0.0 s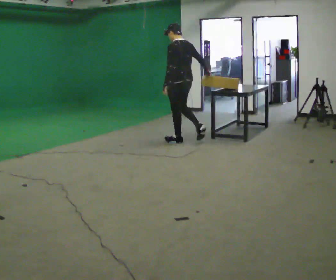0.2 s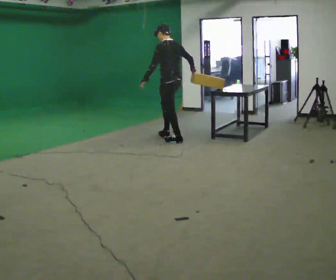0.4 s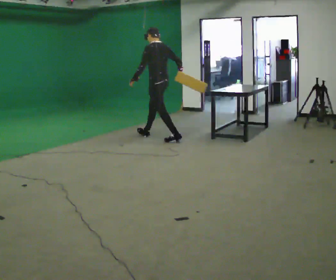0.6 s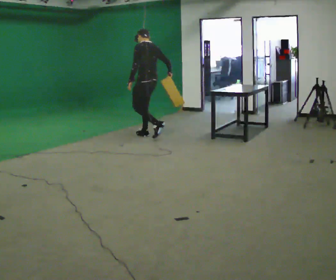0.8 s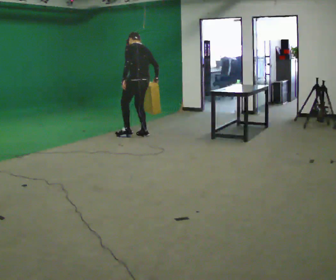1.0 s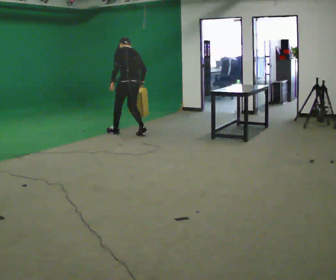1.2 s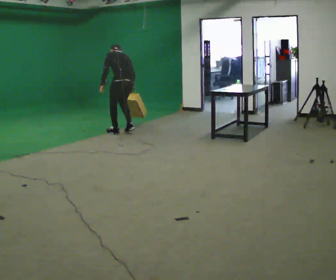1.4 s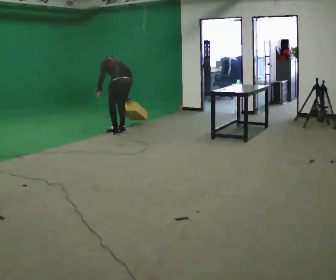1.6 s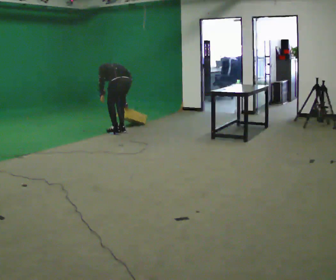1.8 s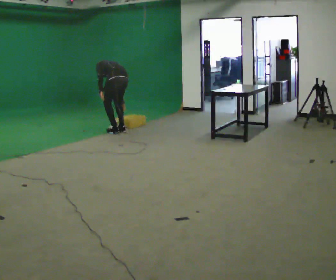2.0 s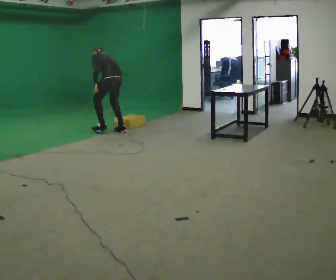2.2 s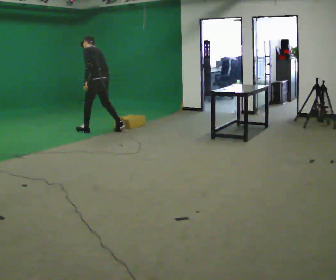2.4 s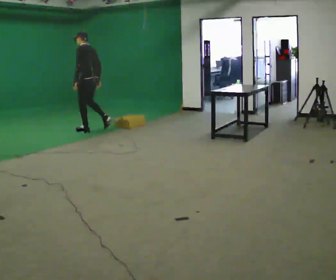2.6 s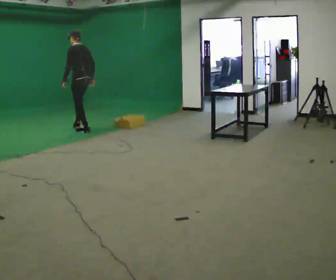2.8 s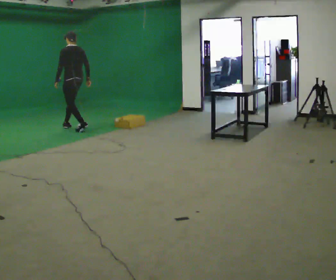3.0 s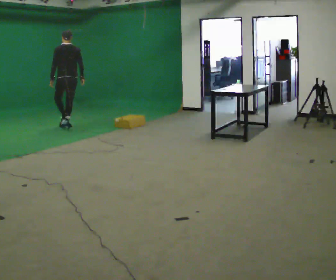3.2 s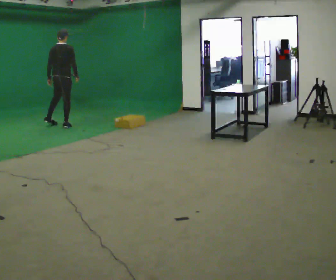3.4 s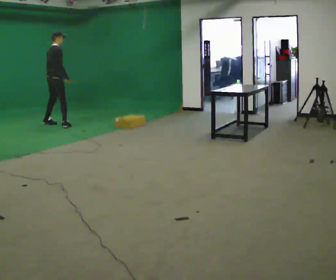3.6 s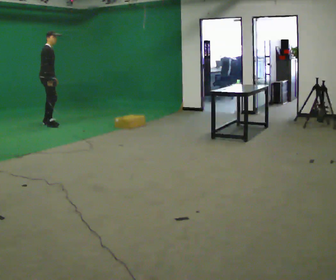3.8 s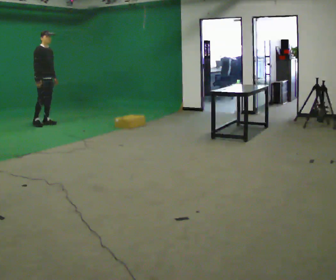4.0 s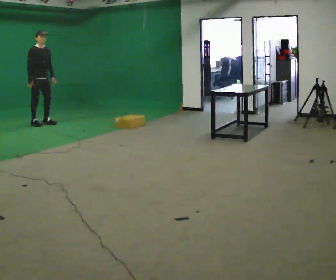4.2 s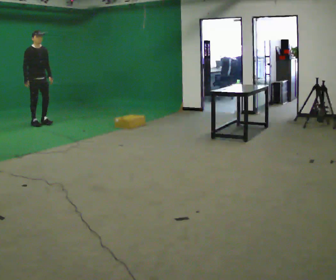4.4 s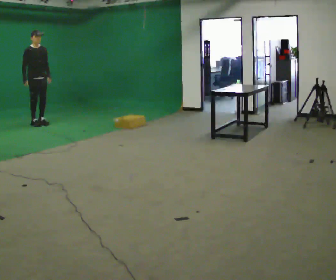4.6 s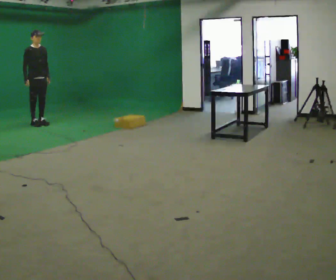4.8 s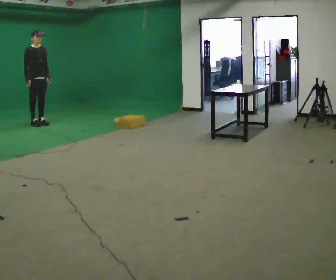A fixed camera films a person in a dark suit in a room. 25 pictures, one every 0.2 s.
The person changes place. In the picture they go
to the left.
0.0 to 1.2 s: In the picture they go to the left and away from the camera, about 1 m in 2 steps, which for them is forward. The shoulders move downward. The upper body tips away from the camera, its near side rolling upward, as they bend forward.
1.2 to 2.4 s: Seen from above the body turns counterclockwise, about 30 degrees: to their left, with its near side sliding to the right. In the picture they go to the left and away from the camera, about 0.75 m in 2 steps, which for them is forward and to their left.
2.4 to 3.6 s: The part of the body nearest the lens slides to the left as the person turns to their right by about 150 degrees. In the picture they go to the left and away from the camera, about 1 m in 2 steps. In the picture the upper body tilts clockwise, shoulders to the right.
3.6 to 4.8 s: Seen from above the body turns clockwise, about 30 degrees: to their right, with its near side sliding to the left. In the picture they go to the left, about 0.25 m in 1 step, which for them is to their right and backward.
The film runs forward here.
